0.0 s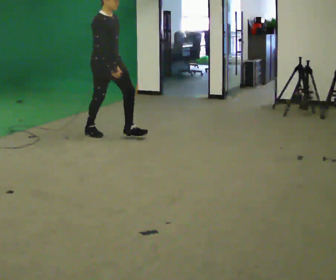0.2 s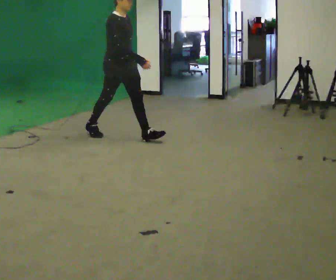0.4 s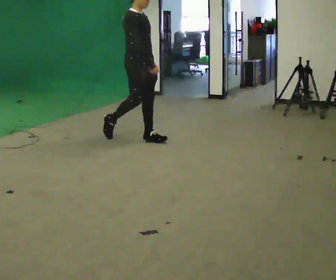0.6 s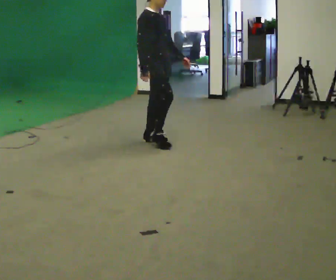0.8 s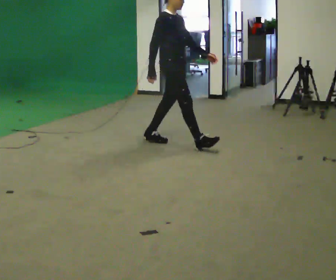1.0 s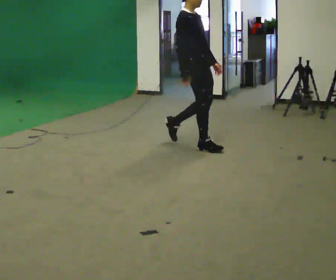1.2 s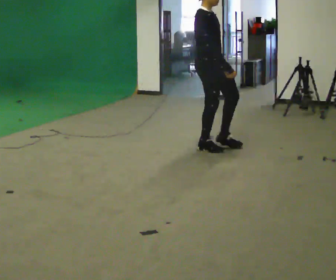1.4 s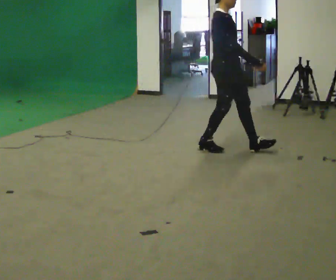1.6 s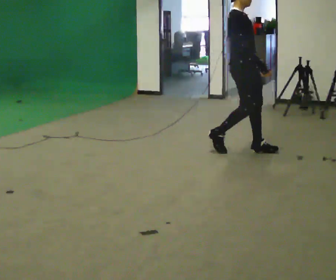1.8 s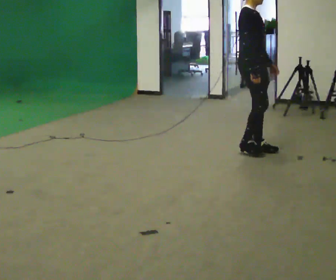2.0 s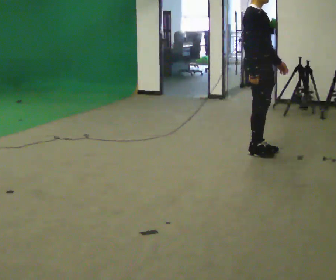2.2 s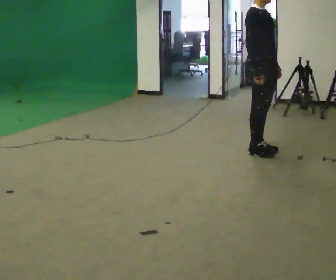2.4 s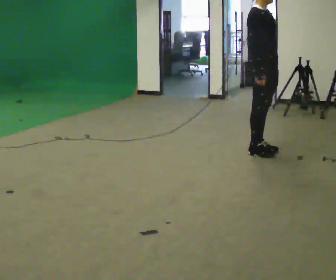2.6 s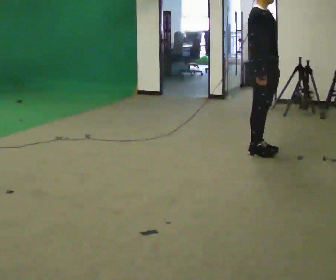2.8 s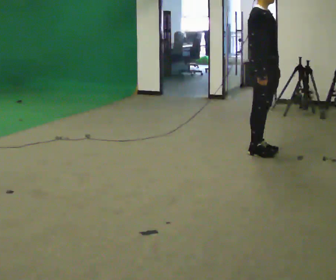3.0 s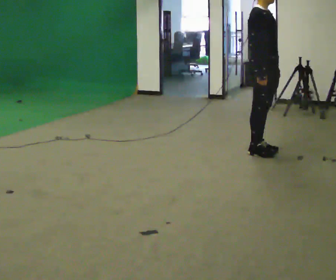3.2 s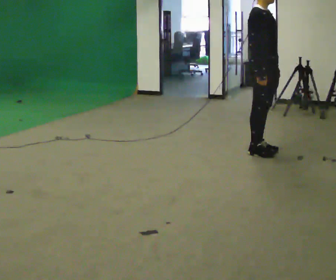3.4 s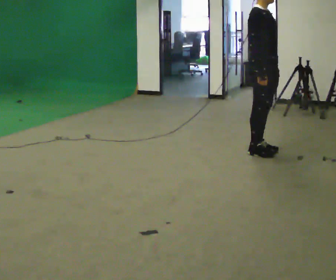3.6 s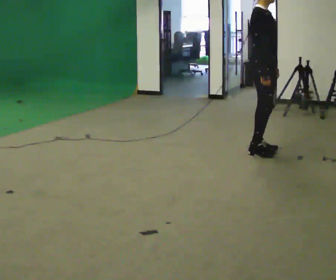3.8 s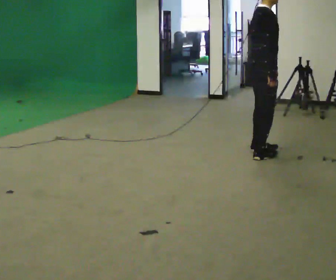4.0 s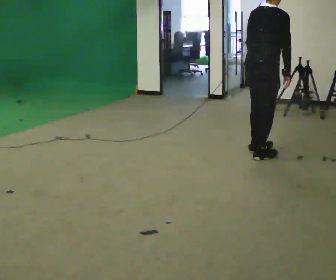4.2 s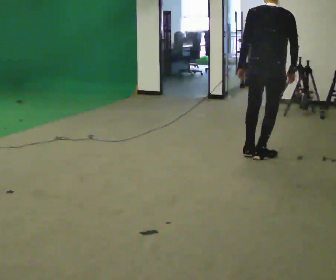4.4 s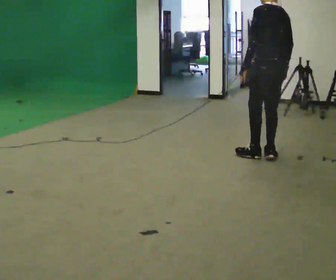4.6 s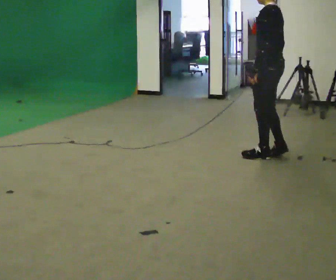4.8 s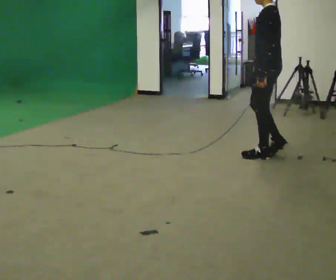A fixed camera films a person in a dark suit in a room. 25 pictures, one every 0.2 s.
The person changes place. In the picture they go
to the right.
The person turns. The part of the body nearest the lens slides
to the right.
0.0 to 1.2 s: In the picture they go to the right, about 1 m in 2 steps, which for them is forward.
1.2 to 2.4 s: In the picture they go to the right, about 0.5 m in 2 steps, which for them is forward.
2.4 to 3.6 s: The person moves a little, or ends about where they began.
3.6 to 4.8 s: The person turns about 180 degrees to their left, counterclockwise seen from above, so the part of the body nearest the lens slides to the right.
The film runs forward here.
